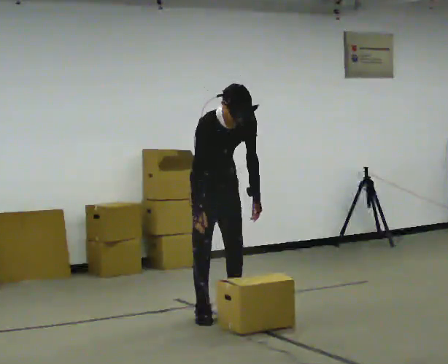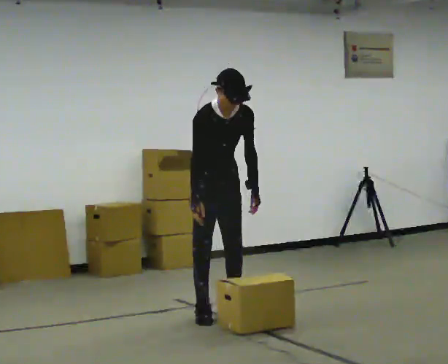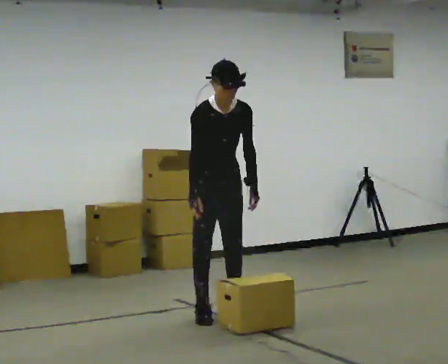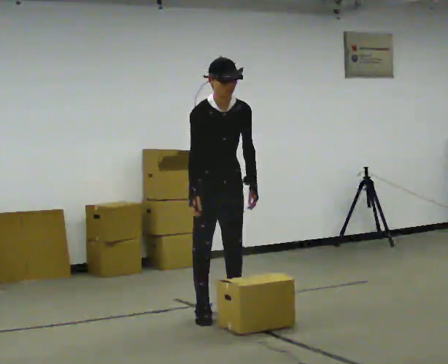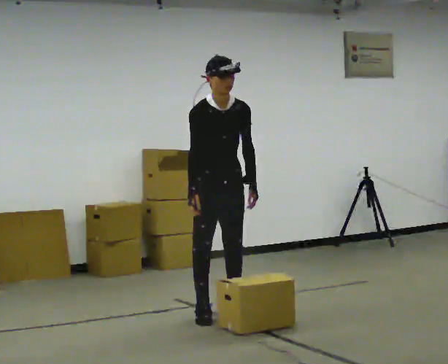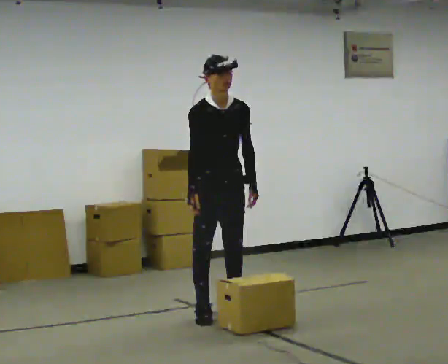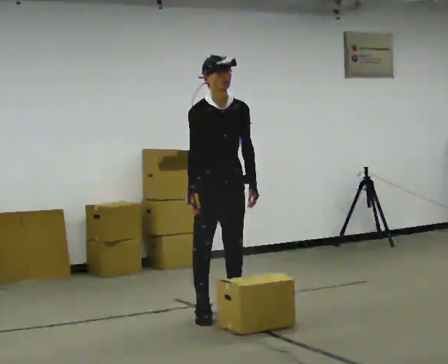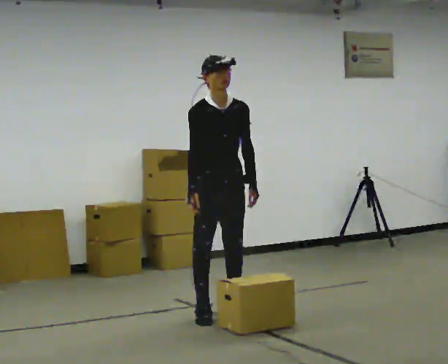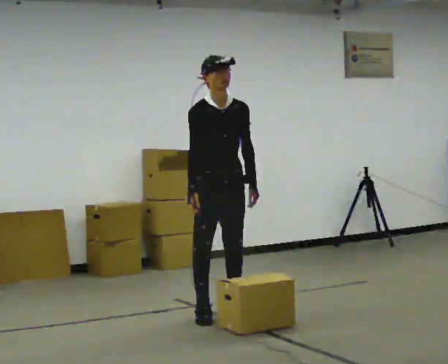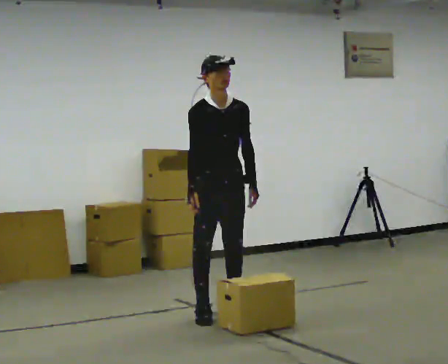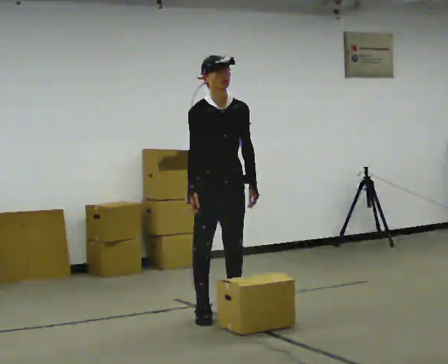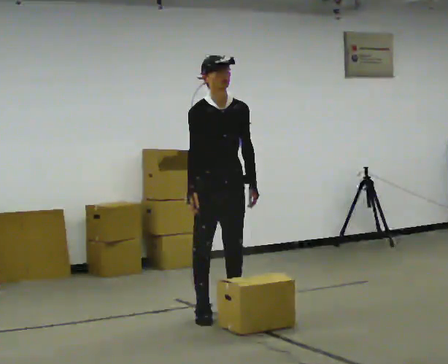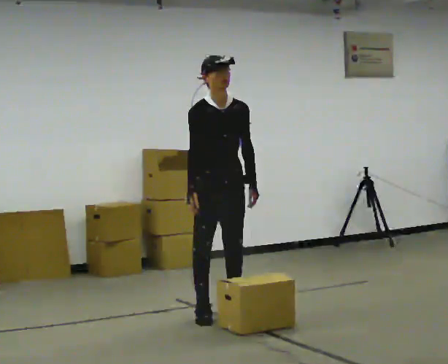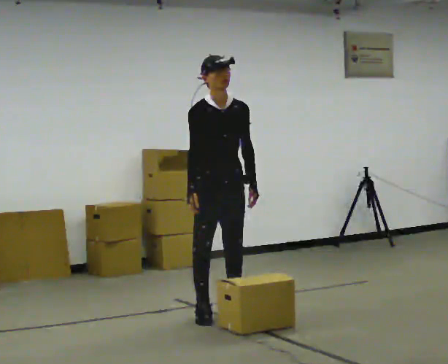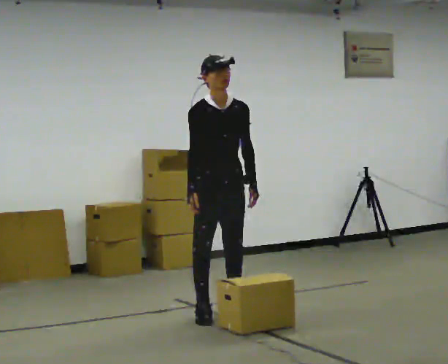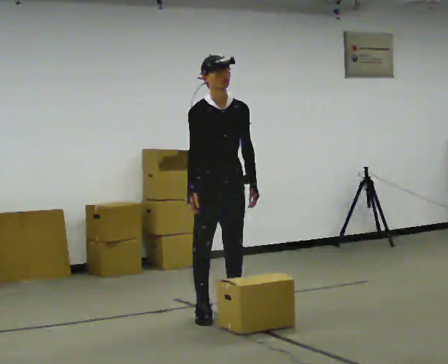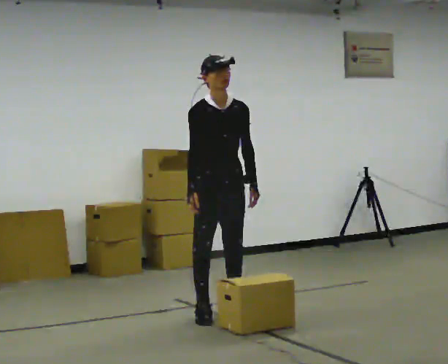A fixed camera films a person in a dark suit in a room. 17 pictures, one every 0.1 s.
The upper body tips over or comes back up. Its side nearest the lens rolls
upward.
0.0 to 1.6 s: The upper body tips away from the camera, its near side rolling upward, as they lean back or straighten.
The film runs backward here.
